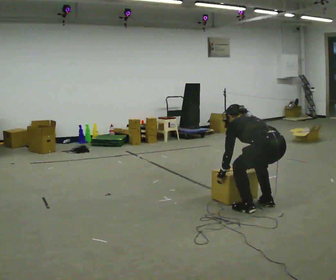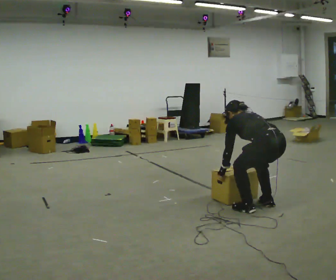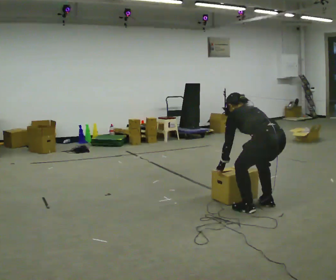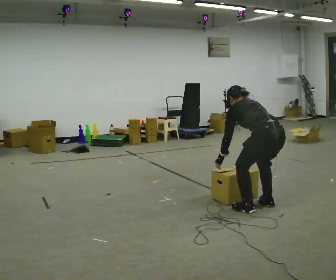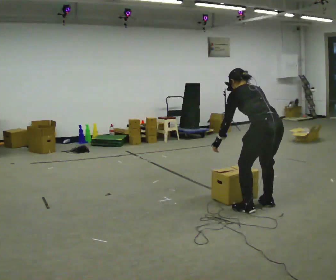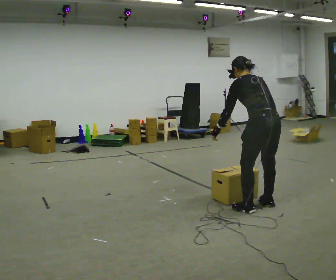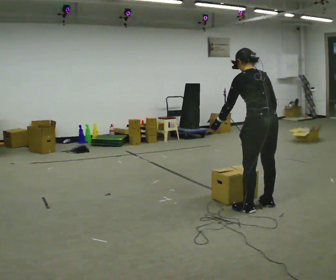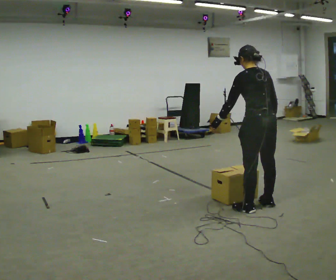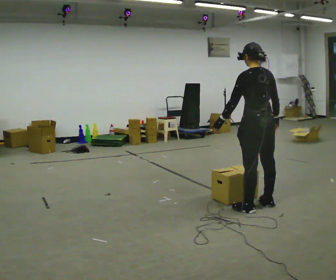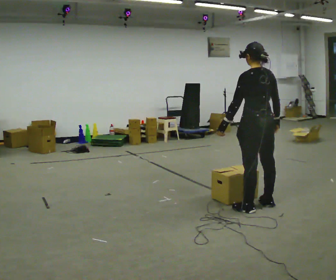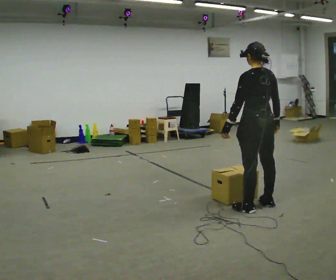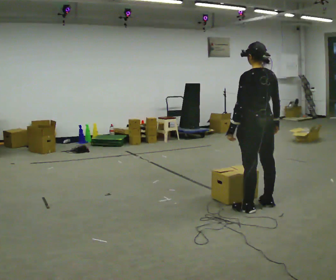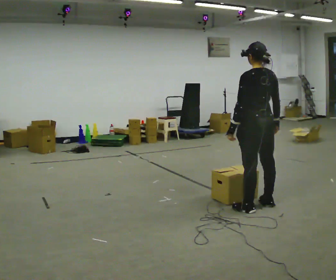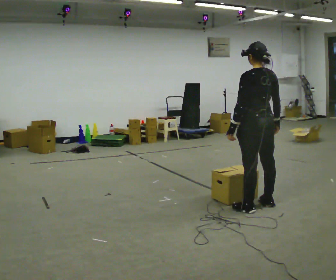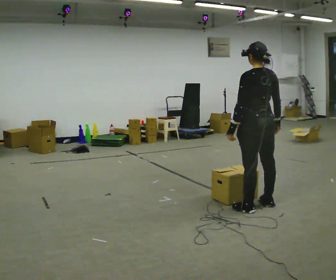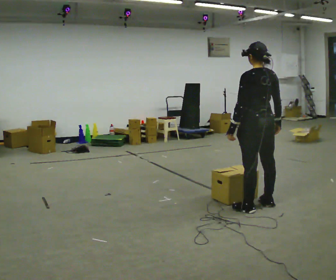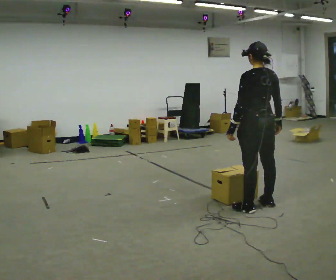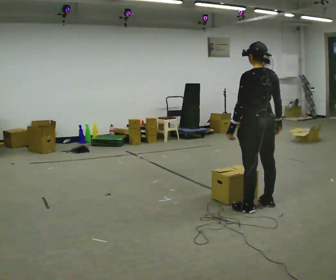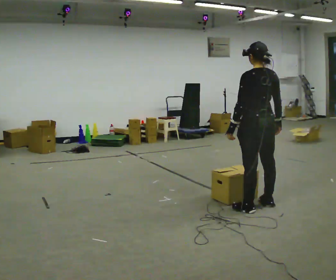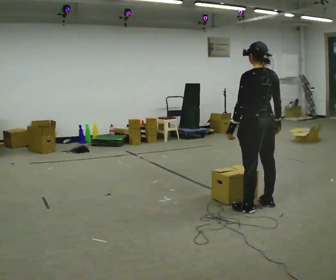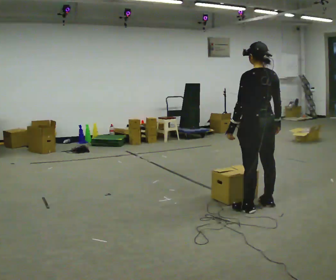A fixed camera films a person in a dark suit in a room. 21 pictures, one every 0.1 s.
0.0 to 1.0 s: The shoulders move upward. The upper body tips toward the camera, its near side rolling downward, as they lean back or straighten. In the picture their left hand goes upward.
1.0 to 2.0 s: The person moves a little, or ends about where they began.
The film runs backward here.
